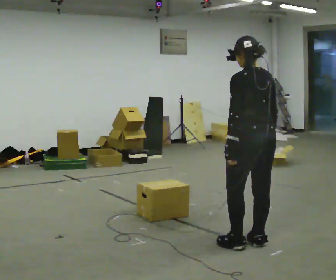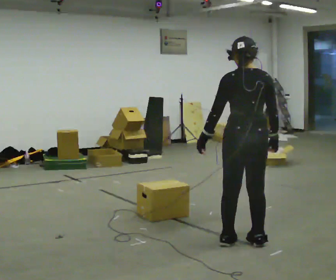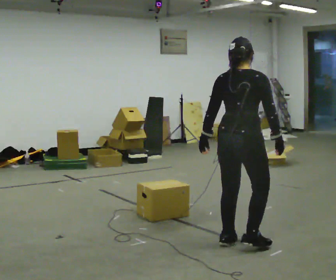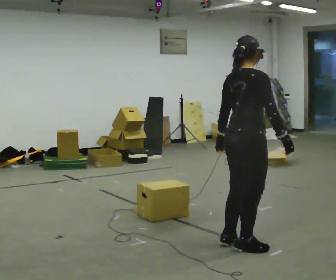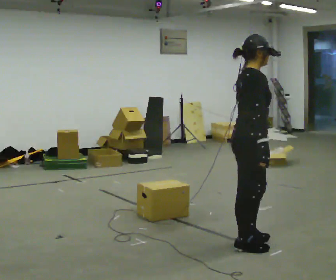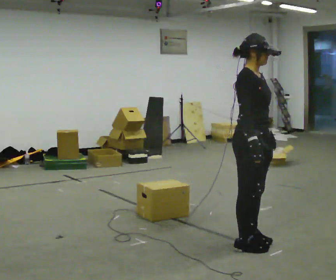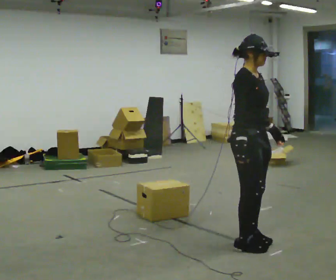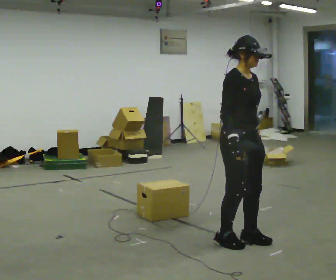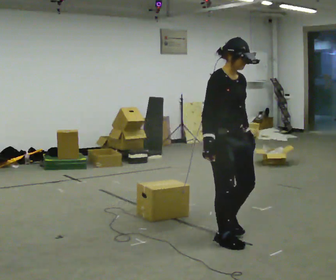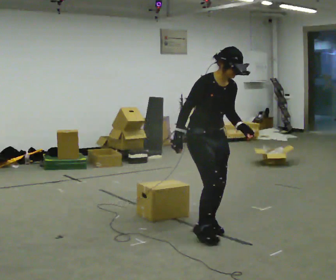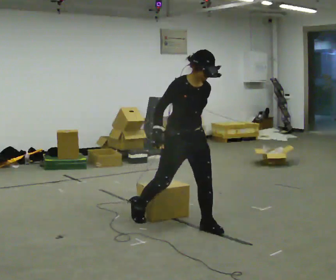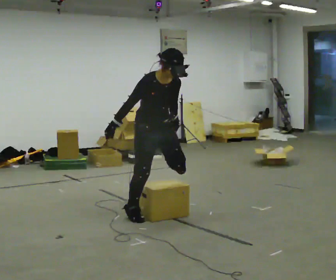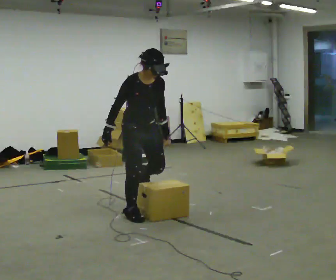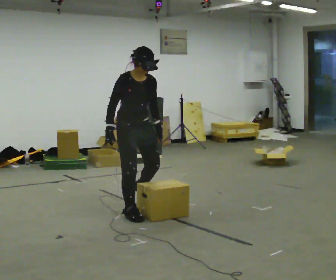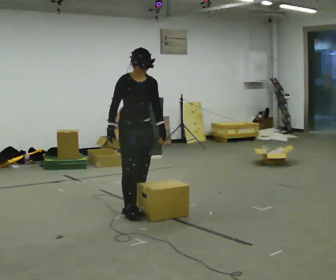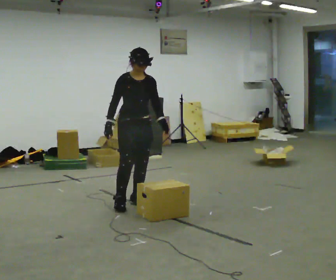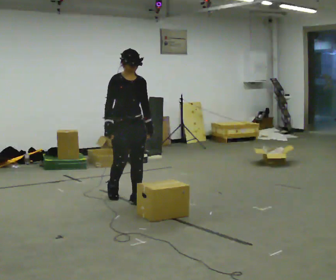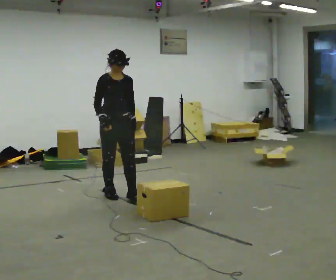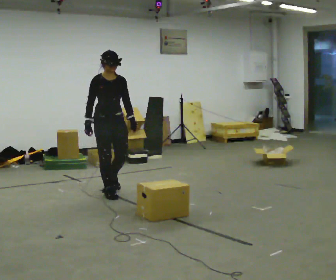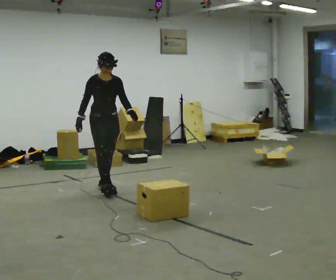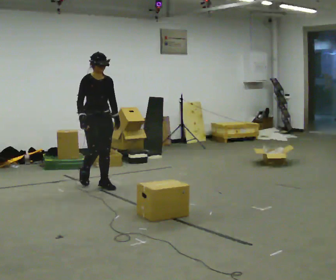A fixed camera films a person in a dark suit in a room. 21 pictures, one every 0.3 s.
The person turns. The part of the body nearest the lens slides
to the left.
The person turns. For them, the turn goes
to their right.
0.0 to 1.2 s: The person turns about 120 degrees to their right, clockwise seen from above, so the part of the body nearest the lens slides to the left.
1.2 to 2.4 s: Seen from above the body turns clockwise, about 45 degrees: to their right, with its near side sliding to the left. In the picture they go away from the camera, about 0.25 m in 2 steps, which for them is backward. In the picture their right hand goes to the left.
2.4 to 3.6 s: In the picture they go to the left and away from the camera, about 1 m in 2 steps, which for them is backward.
3.6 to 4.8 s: In the picture they go away from the camera, about 0.5 m in 1 step, which for them is backward. The upper body tips away from the camera, its near side rolling upward, as they lean back or straighten.
4.8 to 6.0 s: In the picture they go away from the camera and to the left, about 1 m in 2 steps, which for them is backward.
The film runs backward here.
